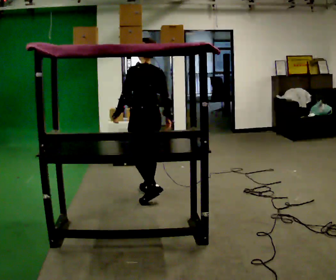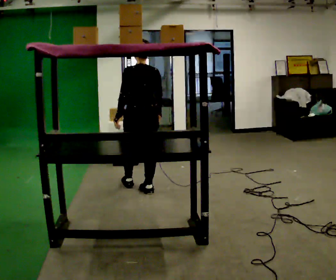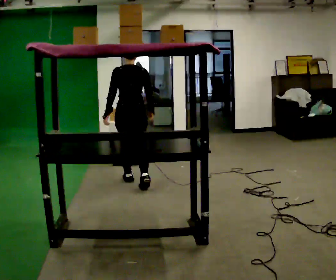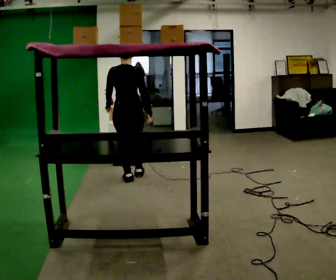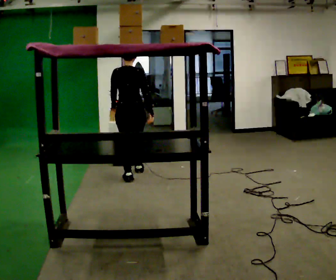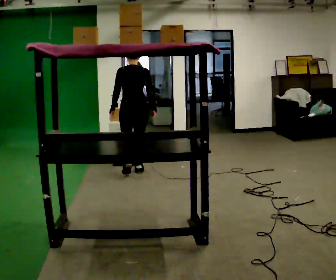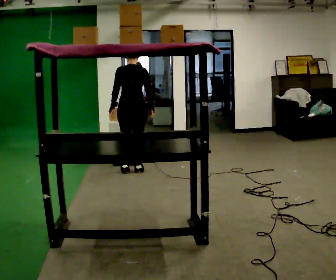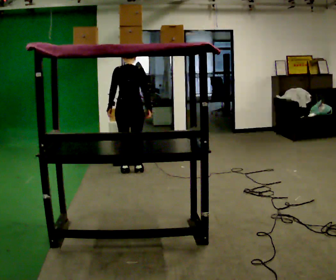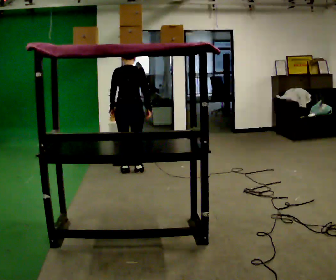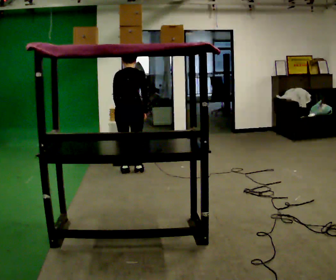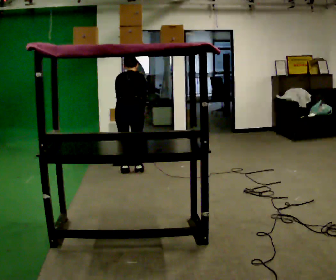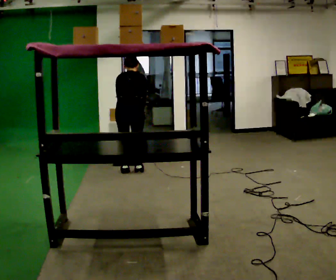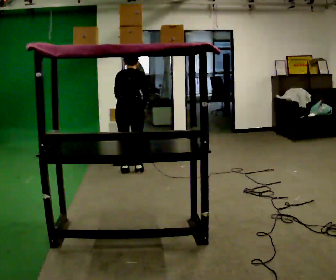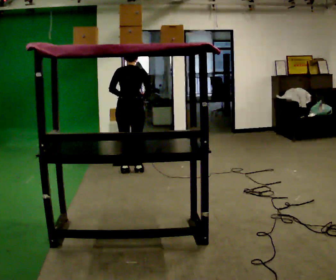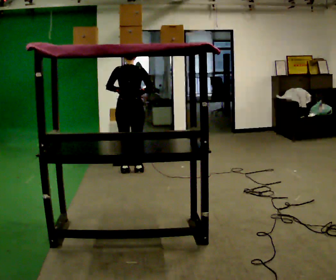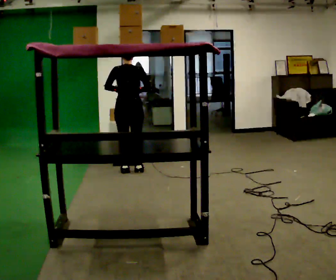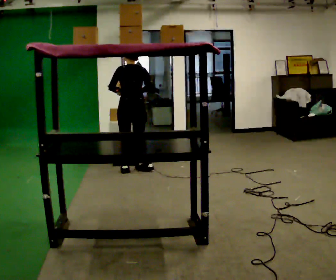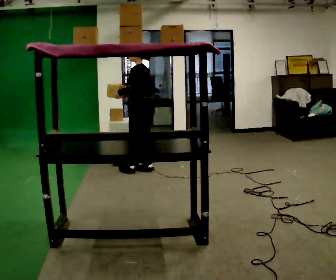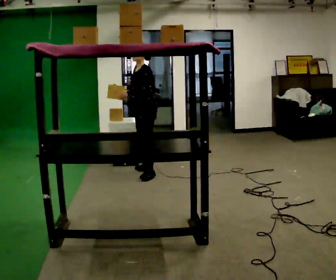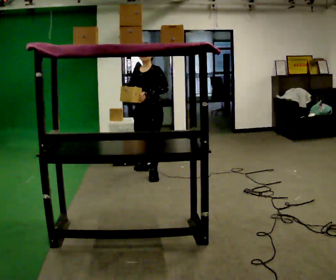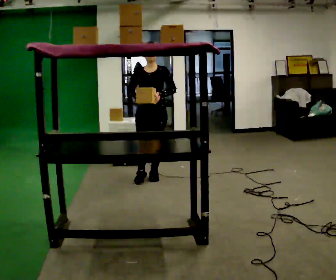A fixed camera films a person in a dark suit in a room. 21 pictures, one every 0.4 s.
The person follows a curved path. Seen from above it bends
clockwise.
0.0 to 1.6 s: The person turns about 30 degrees to their right, clockwise seen from above, so the part of the body nearest the lens slides to the left. In the picture they go away from the camera, about 0.5 m in 2 steps, which for them is forward.
1.6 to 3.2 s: In the picture they go away from the camera, about 0.25 m in 1 step, which for them is forward. The upper body tips away from the camera, its near side rolling upward, as they bend forward.
3.2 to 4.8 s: The person moves a little, or ends about where they began.
4.8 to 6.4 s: The upper body tips toward the camera, its near side rolling downward, as they lean back or straighten.
6.4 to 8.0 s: The person turns about 150 degrees to their left, counterclockwise seen from above, so the part of the body nearest the lens slides to the right. In the picture they go toward the camera and to the right, about 0.5 m in 1 step.
The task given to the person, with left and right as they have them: Take an object from the waist-height shelf, carry it across the room, and place it on the highest shelf you can comfortably reach. Keep going until the operator says stop; one object at a time, and do not rush between trips.
The film runs forward here.
